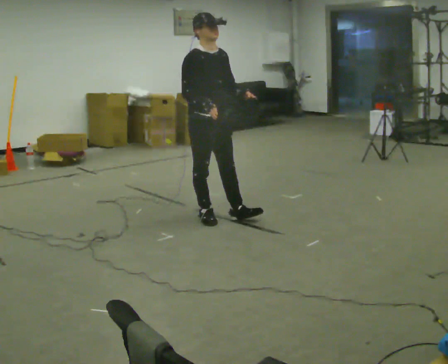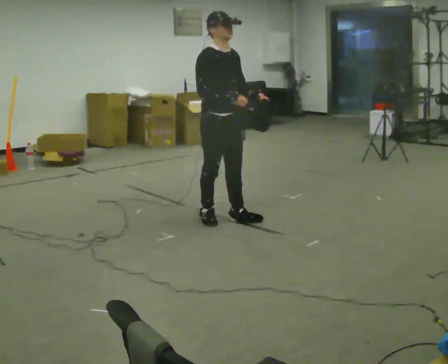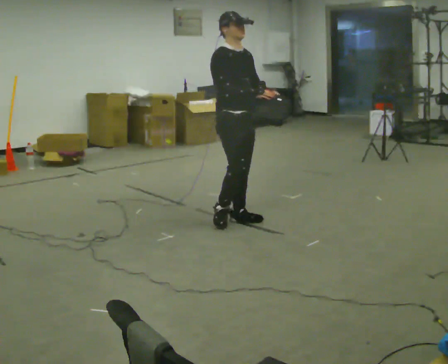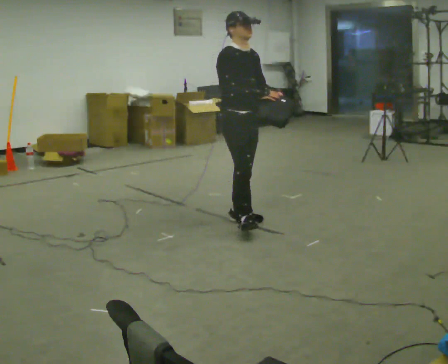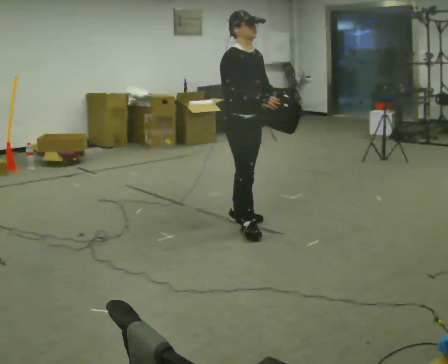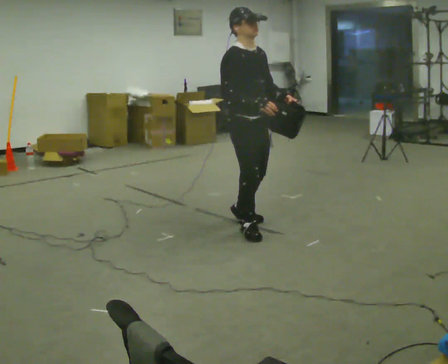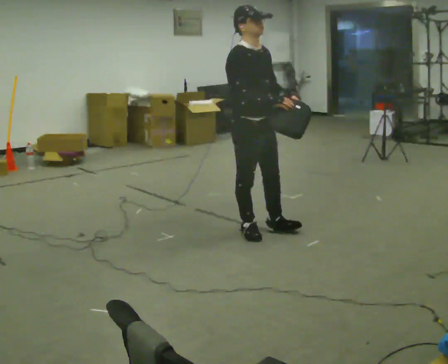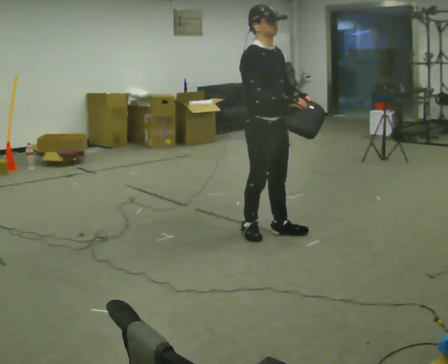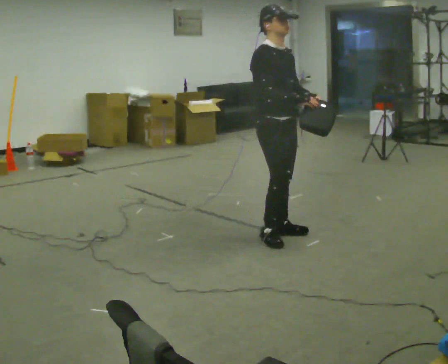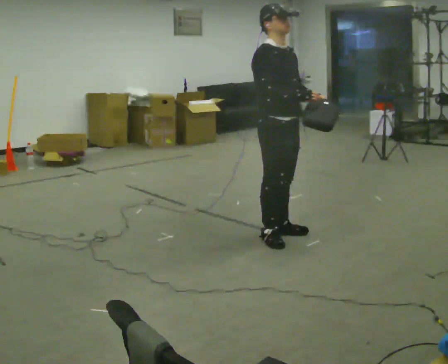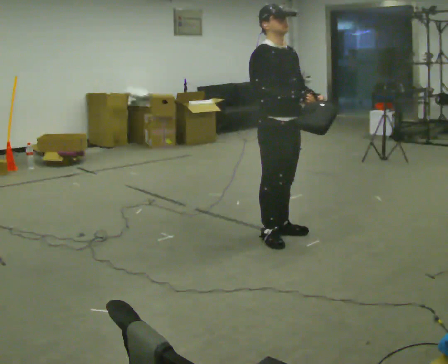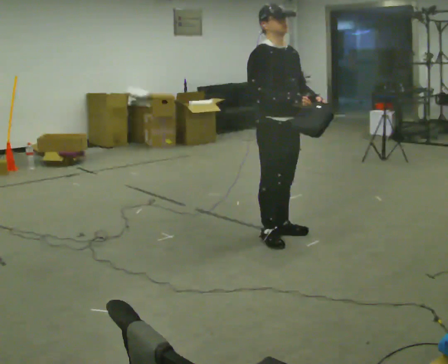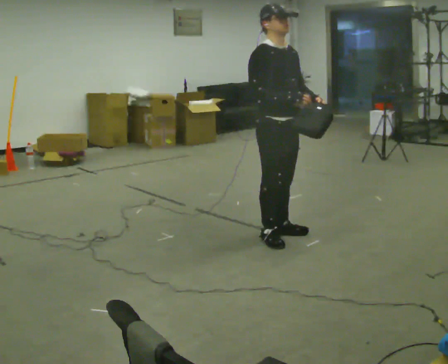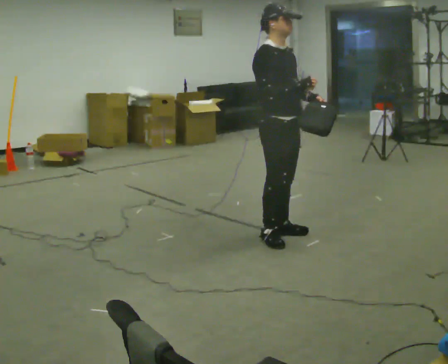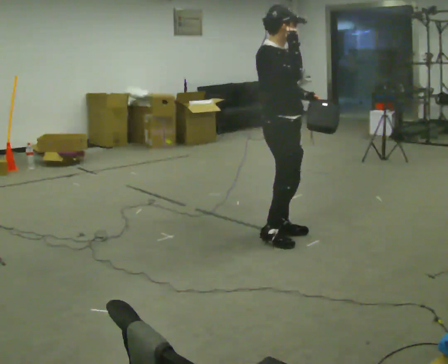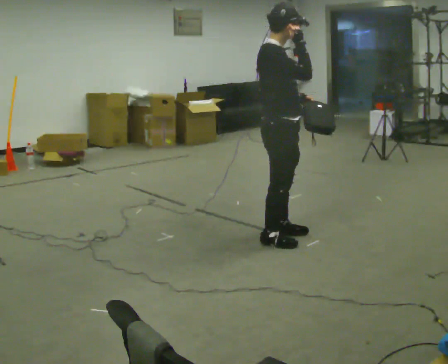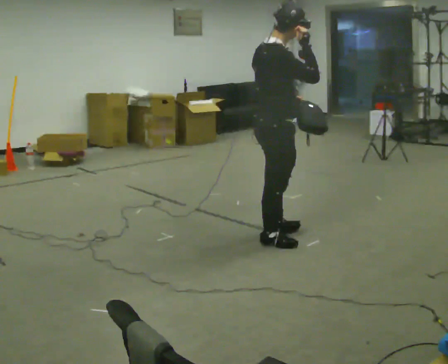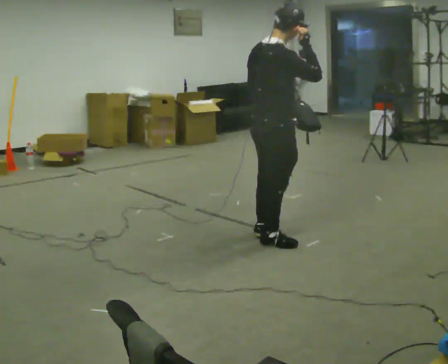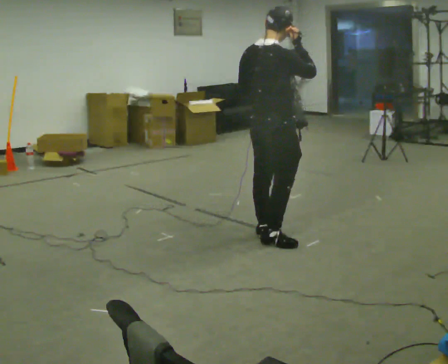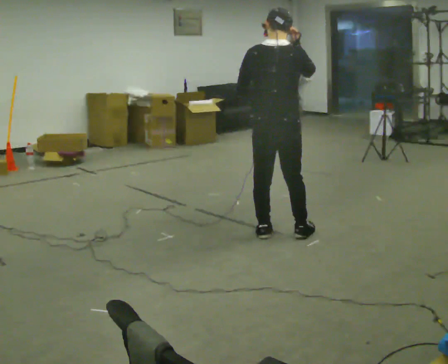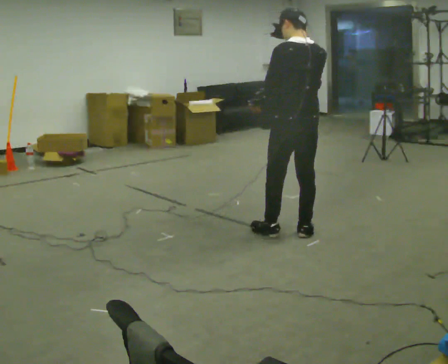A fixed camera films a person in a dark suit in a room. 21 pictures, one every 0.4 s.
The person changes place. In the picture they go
to the right.
The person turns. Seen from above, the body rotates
counterclockwise.
0.0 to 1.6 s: In the picture they go to the right, about 0.25 m in 1 step, which for them is forward.
1.6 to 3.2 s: In the picture they go to the right and toward the camera, about 0.25 m in 2 steps, which for them is forward.
3.2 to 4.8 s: The person moves a little, or ends about where they began.
4.8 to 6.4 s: The person turns about 60 degrees to their left, counterclockwise seen from above, so the part of the body nearest the lens slides to the right. In the picture their right hand goes upward.
6.4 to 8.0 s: The person turns about 105 degrees to their left, counterclockwise seen from above, so the part of the body nearest the lens slides to the right. In the picture they go away from the camera, about 0.25 m in 1 step.
The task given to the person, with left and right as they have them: Carry the lidded box and, while you are still walking, open the lid, then close it again. Repeat as you walk back and forth. Do not stop to do it.
The film runs forward here.
